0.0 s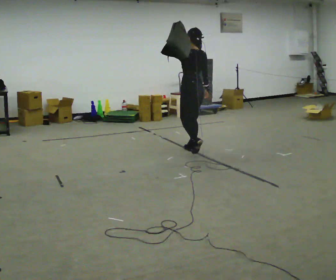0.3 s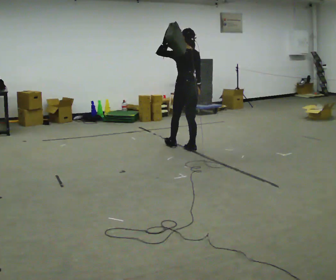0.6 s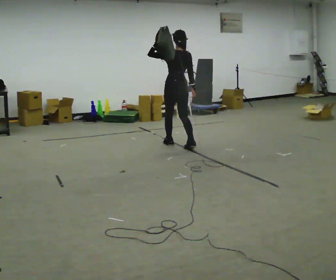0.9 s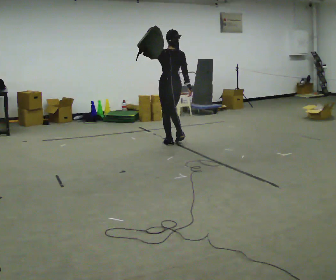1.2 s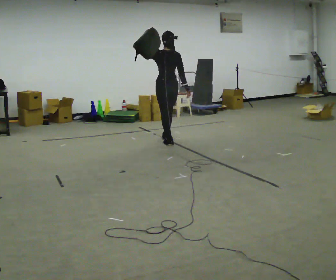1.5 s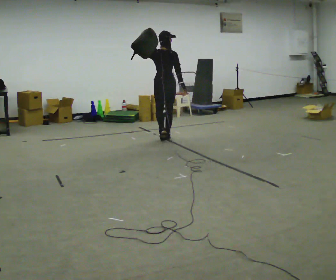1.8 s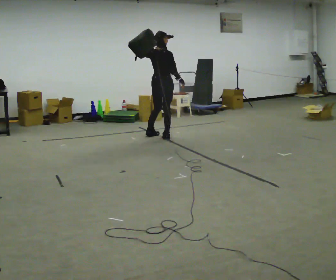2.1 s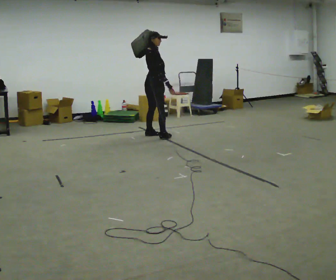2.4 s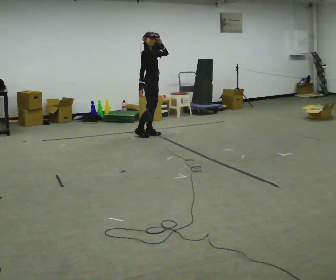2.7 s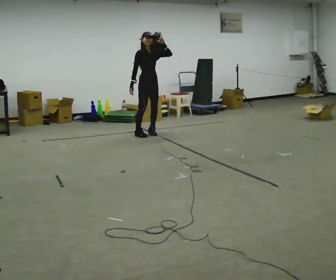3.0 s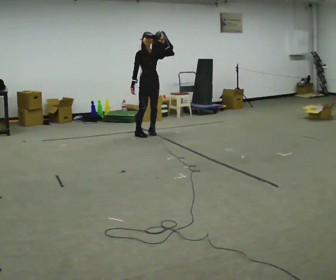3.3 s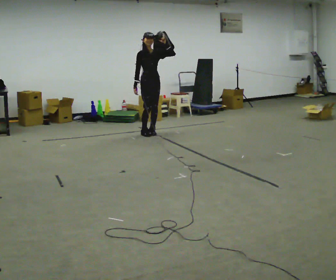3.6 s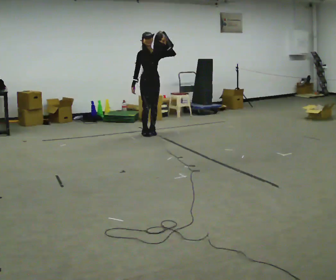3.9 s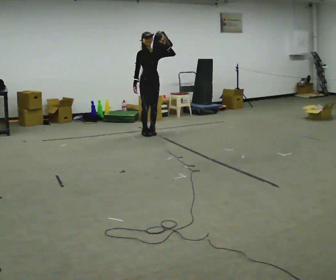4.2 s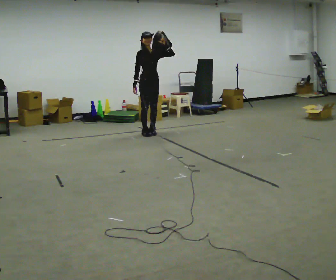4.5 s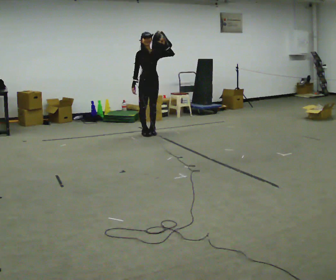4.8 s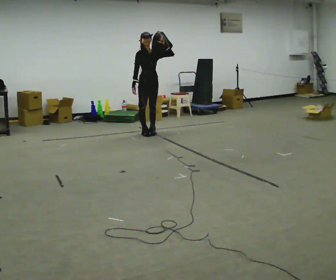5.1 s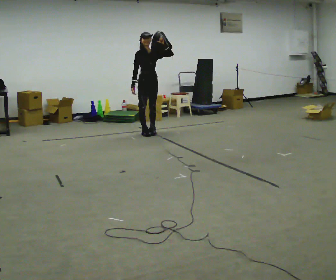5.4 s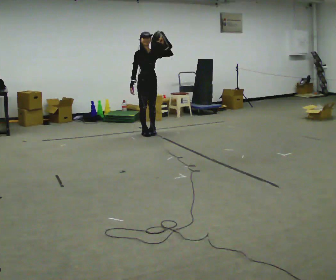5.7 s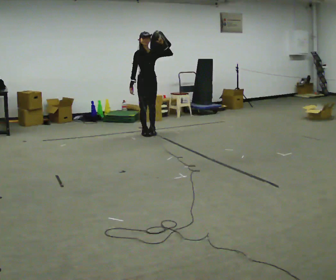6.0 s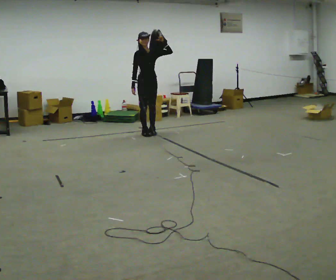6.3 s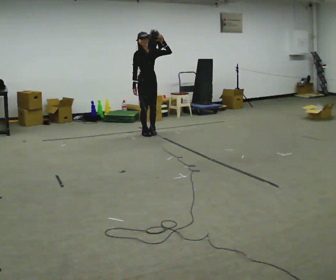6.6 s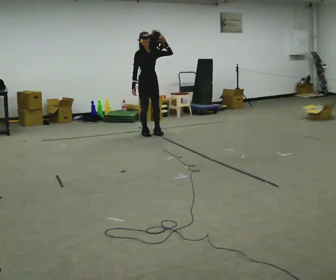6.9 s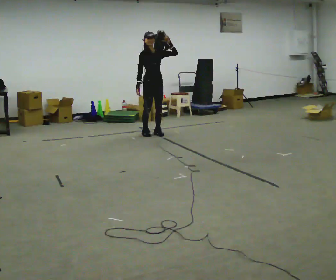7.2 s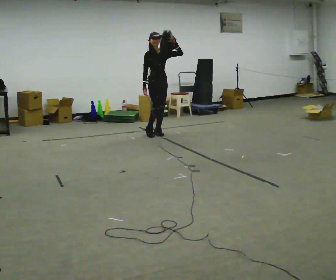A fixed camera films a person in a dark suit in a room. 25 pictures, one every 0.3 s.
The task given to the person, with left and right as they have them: Put the soft bag up onto your shoulder and carry it across the room, back and forth.
0.0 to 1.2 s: The person turns about 30 degrees to their right, clockwise seen from above, so the part of the body nearest the lens slides to the left. In the picture they go away from the camera and to the left, about 0.75 m in 2 steps, which for them is forward.
1.2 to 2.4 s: The part of the body nearest the lens slides to the left as the person turns to their right by about 105 degrees. In the picture they go away from the camera and to the left, about 0.5 m in 1 step.
2.4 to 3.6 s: The part of the body nearest the lens slides to the left as the person turns to their right by about 45 degrees.
3.6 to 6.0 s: The person moves a little, or ends about where they began.
6.0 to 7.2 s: In the picture they go to the right, about 0.25 m, which for them is to their left.
The film runs forward here.
